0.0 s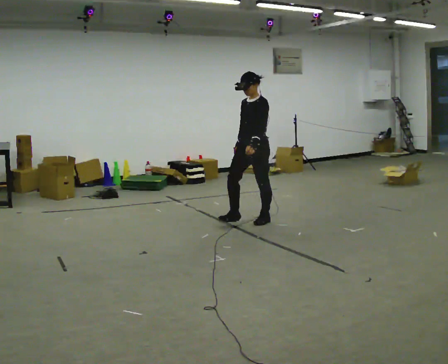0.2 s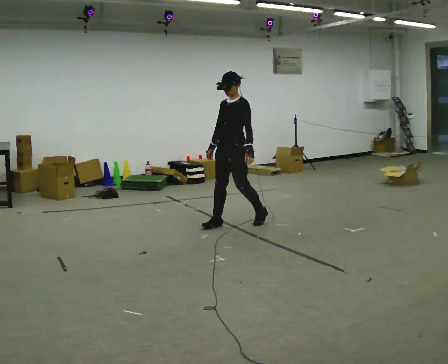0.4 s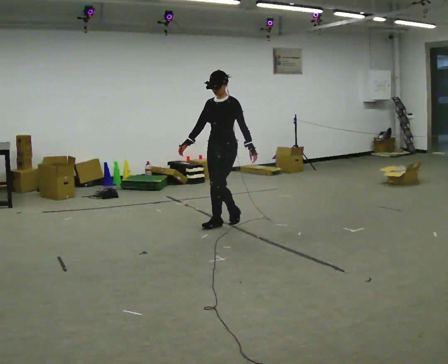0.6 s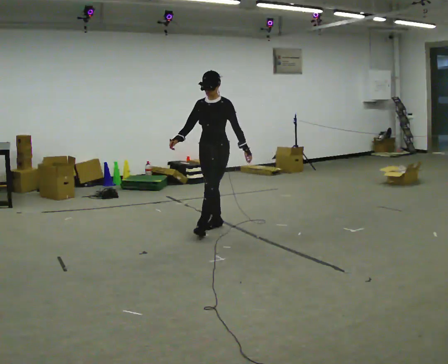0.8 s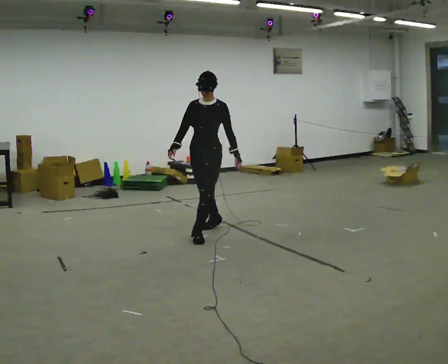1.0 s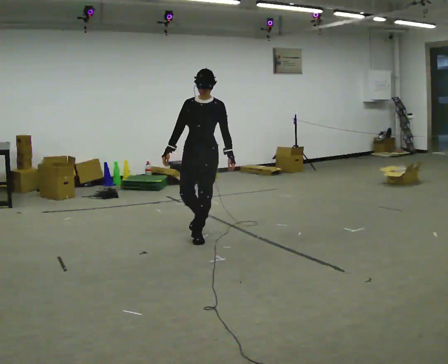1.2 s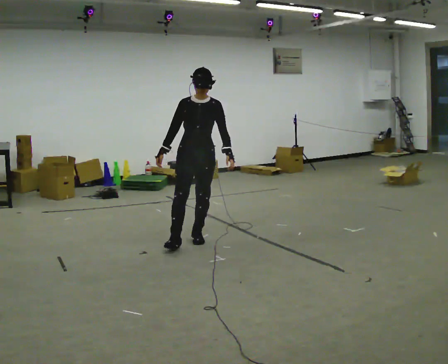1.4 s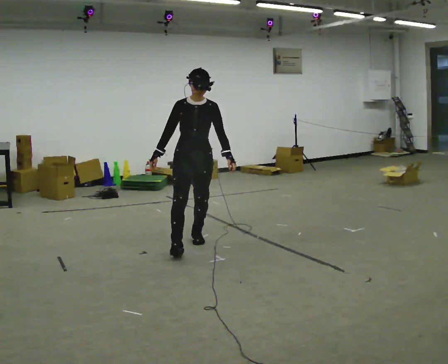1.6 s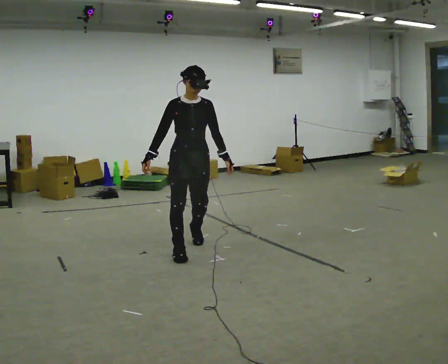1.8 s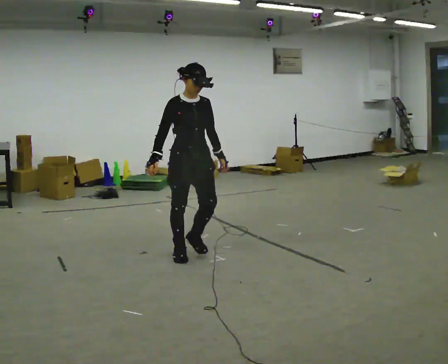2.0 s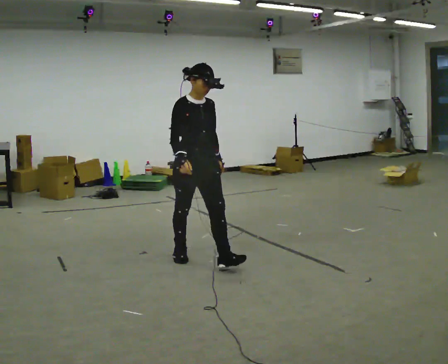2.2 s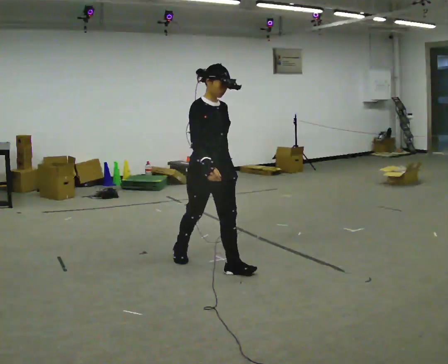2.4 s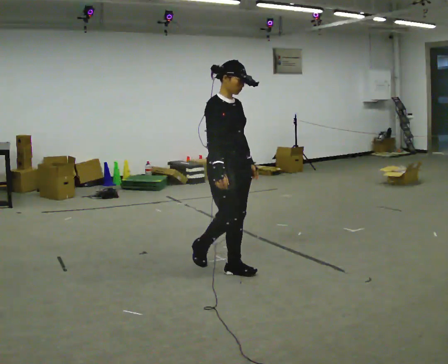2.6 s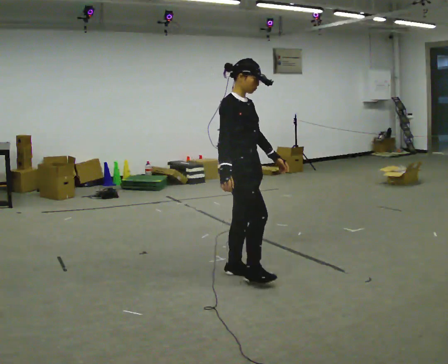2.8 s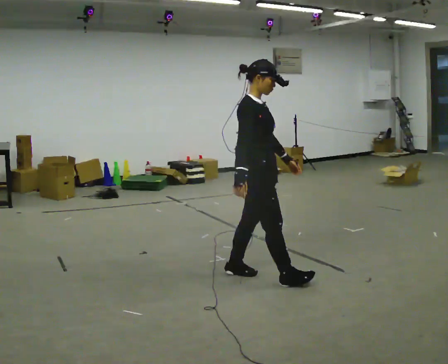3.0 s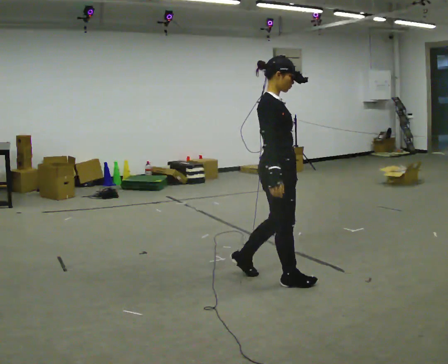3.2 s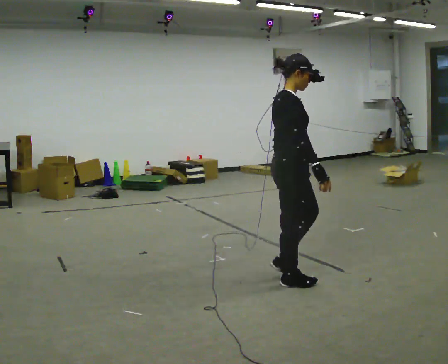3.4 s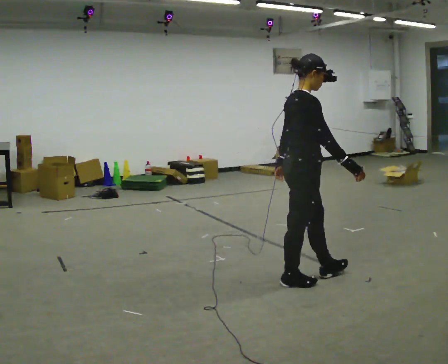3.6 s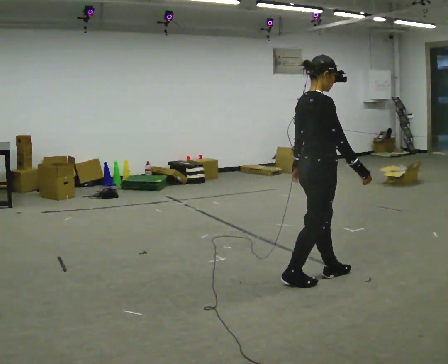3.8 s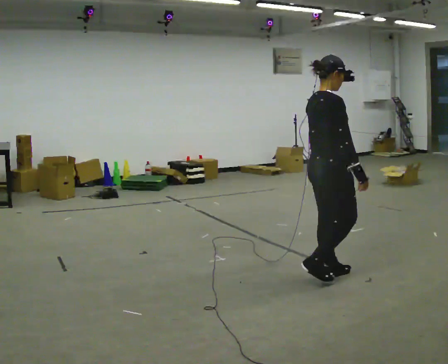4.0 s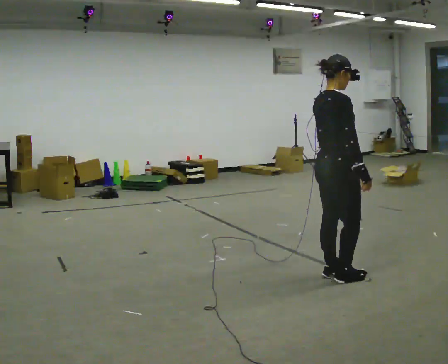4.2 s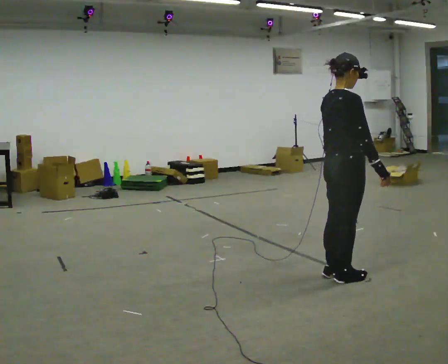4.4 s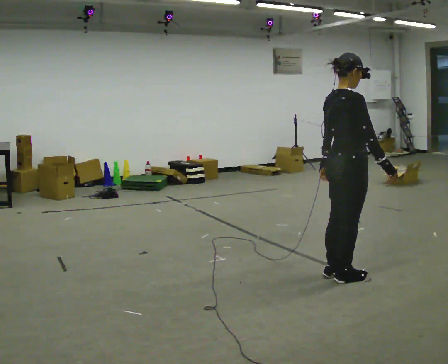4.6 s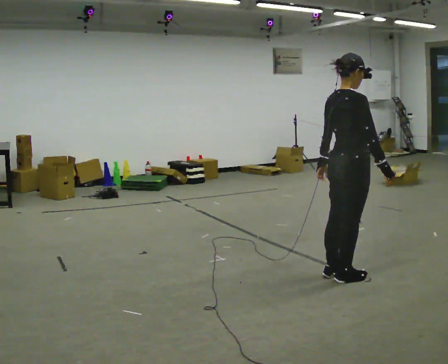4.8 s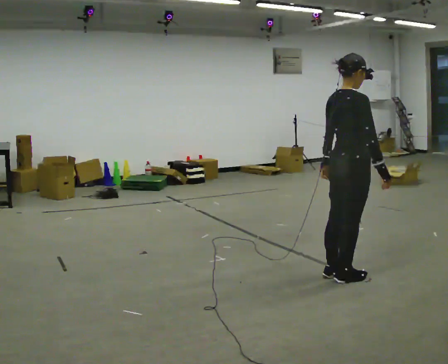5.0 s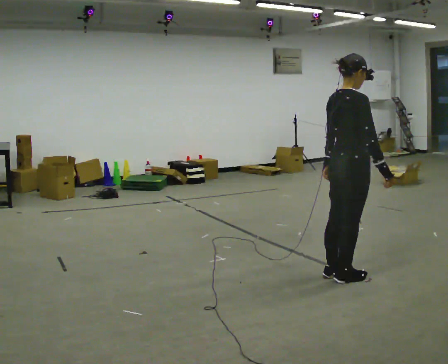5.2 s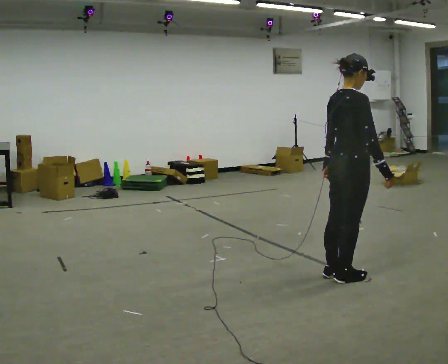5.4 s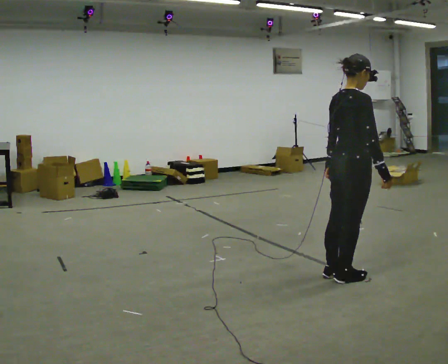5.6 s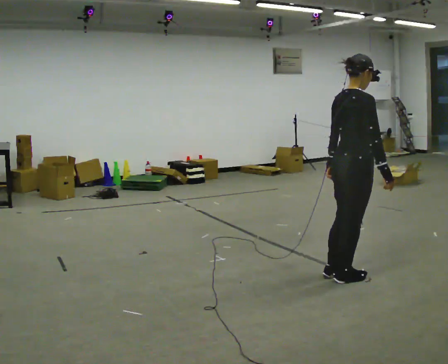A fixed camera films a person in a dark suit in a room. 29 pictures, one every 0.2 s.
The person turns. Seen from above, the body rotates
counterclockwise.
The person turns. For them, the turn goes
to their left.
0.0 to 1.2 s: The person turns about 45 degrees to their left, counterclockwise seen from above, so the part of the body nearest the lens slides to the right. In the picture they go toward the camera and to the left, about 1 m in 2 steps, which for them is forward.
1.2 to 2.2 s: The person turns about 45 degrees to their left, counterclockwise seen from above, so the part of the body nearest the lens slides to the right. In the picture they go toward the camera, about 0.75 m in 2 steps, which for them is forward.
2.2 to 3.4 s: Seen from above the body turns counterclockwise, about 60 degrees: to their left, with its near side sliding to the right. In the picture they go to the right and toward the camera, about 1 m in 1 step, which for them is forward.
3.4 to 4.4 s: In the picture they go to the right, about 0.25 m in 2 steps, which for them is forward.
4.4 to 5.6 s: The person moves a little, or ends about where they began.
The film runs forward here.
